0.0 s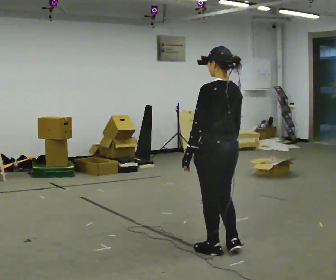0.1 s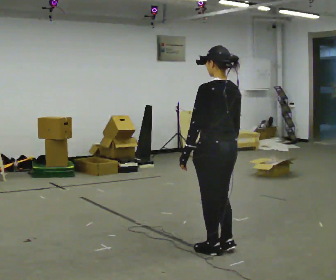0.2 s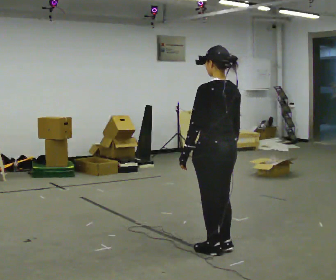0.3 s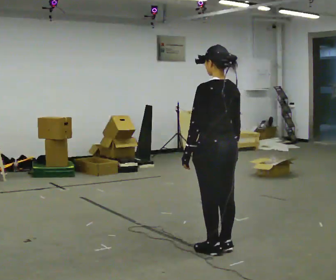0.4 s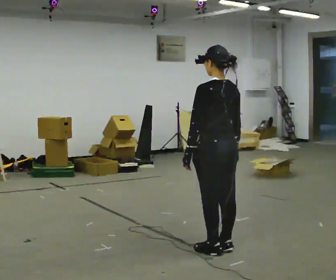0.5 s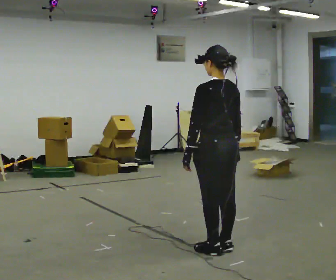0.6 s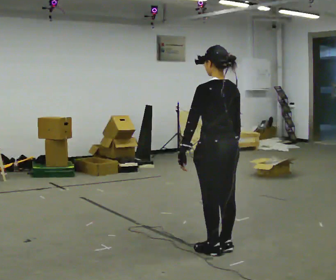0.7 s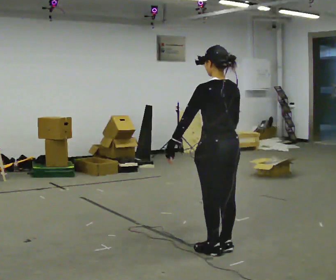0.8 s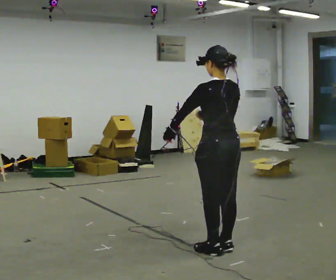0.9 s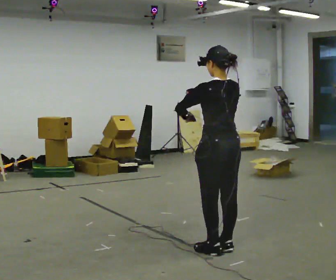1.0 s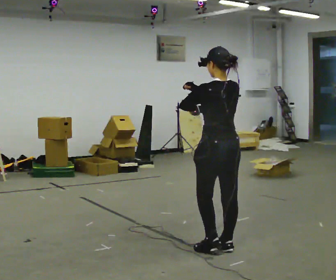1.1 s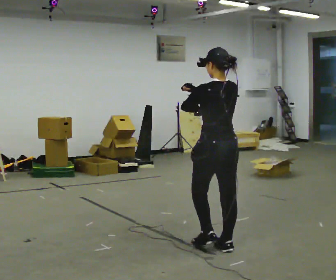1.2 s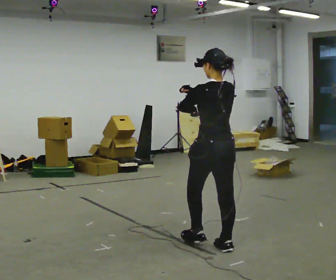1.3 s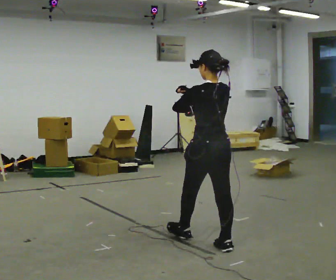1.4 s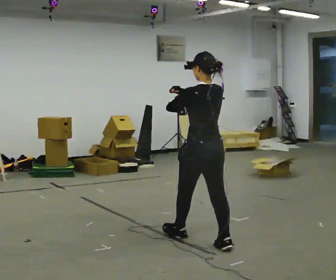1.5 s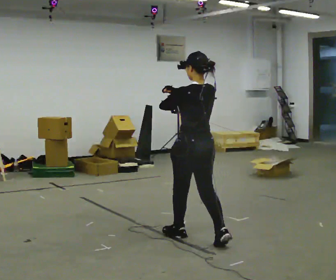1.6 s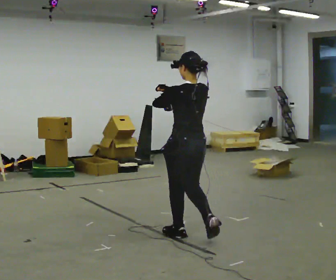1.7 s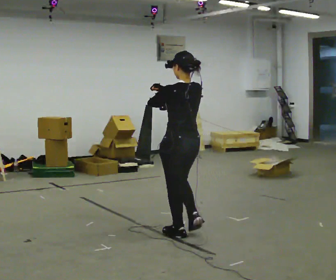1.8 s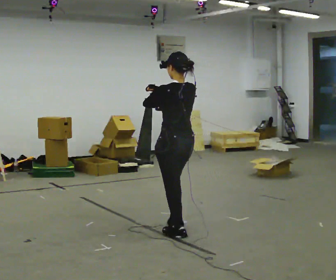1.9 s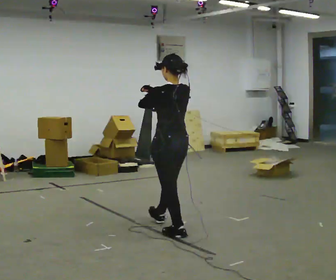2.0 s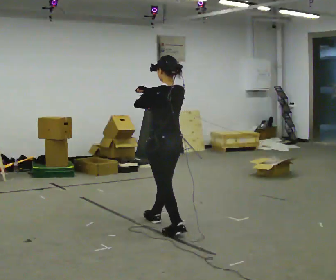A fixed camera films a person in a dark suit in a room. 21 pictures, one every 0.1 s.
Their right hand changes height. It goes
upward.
0.0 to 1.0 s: In the picture their right hand goes upward and to the left.
1.0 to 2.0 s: In the picture they go to the left and away from the camera, about 1 m in 2 steps, which for them is forward.
The film runs forward here.
